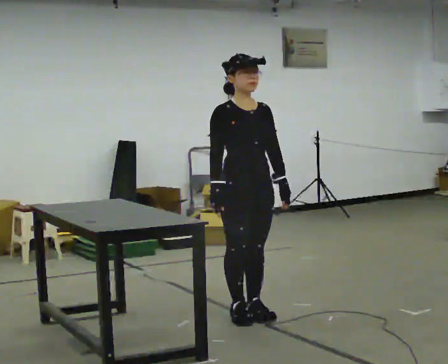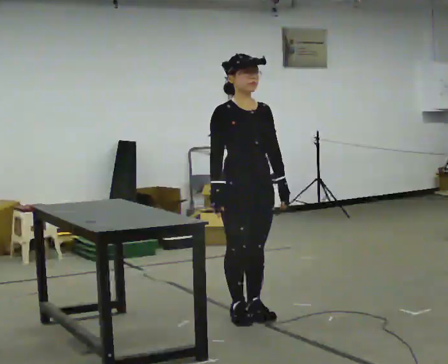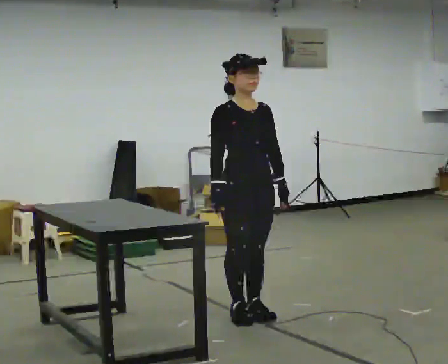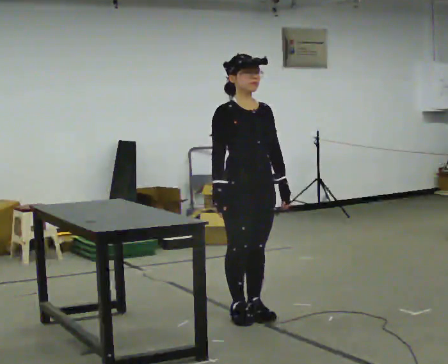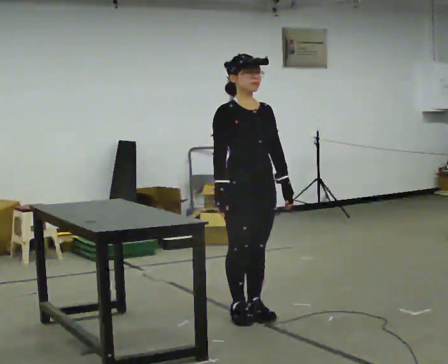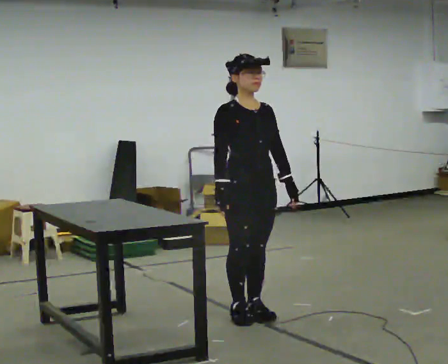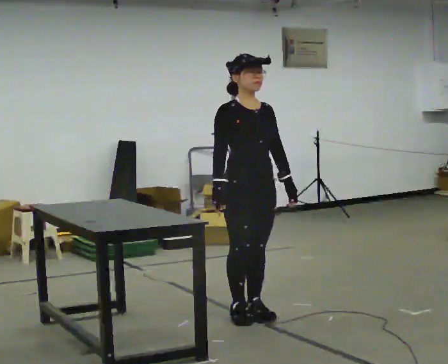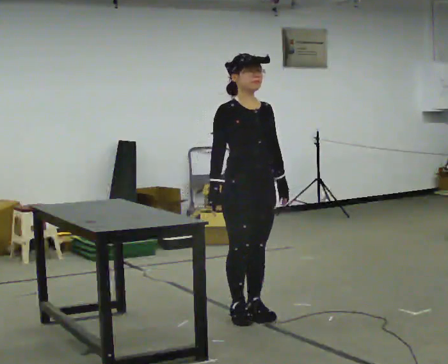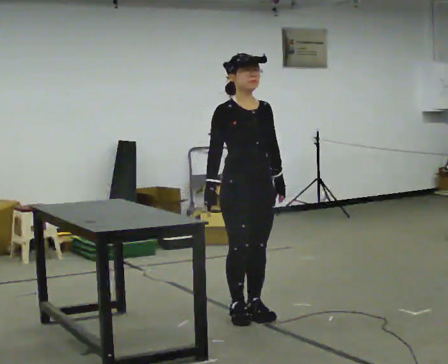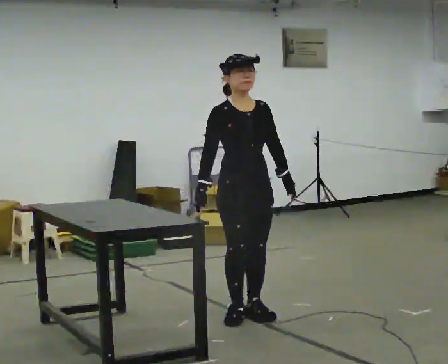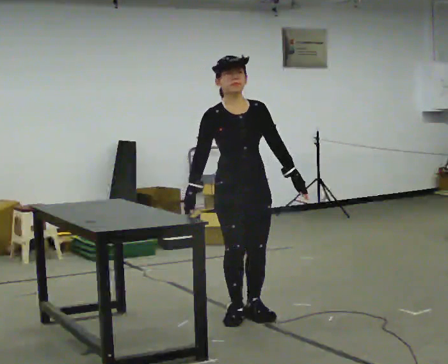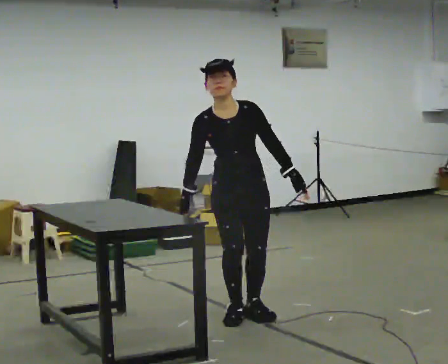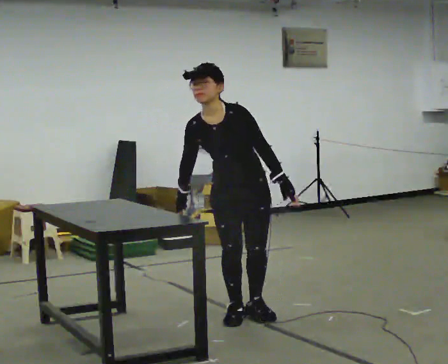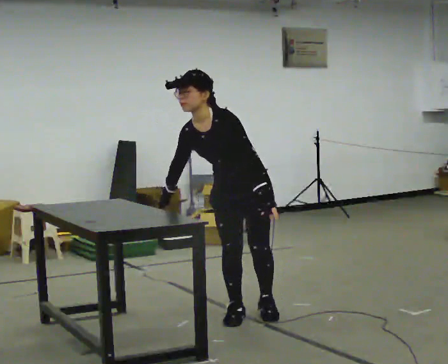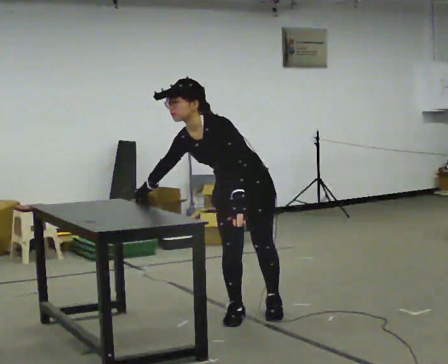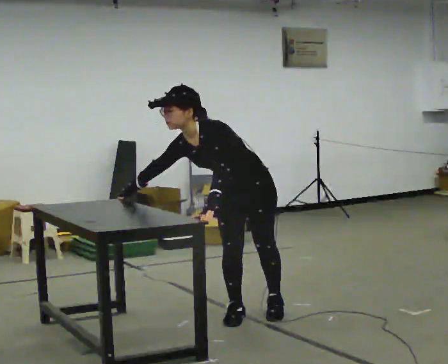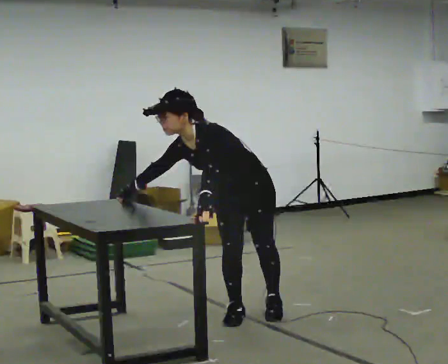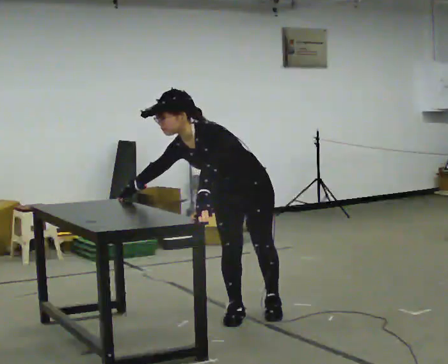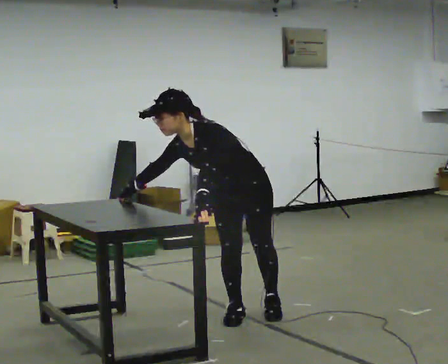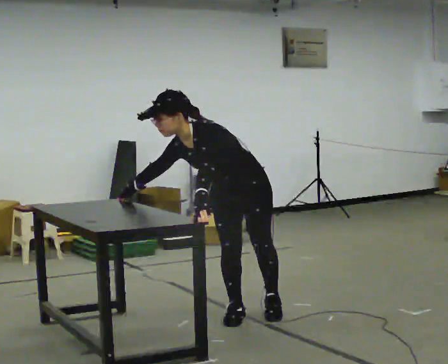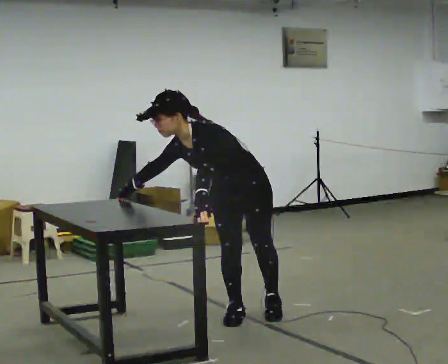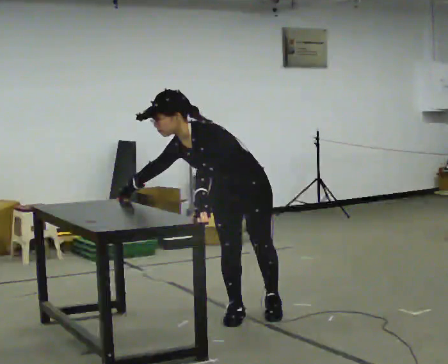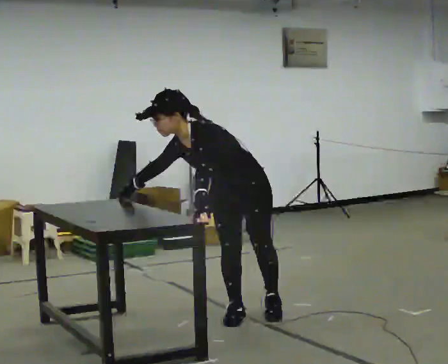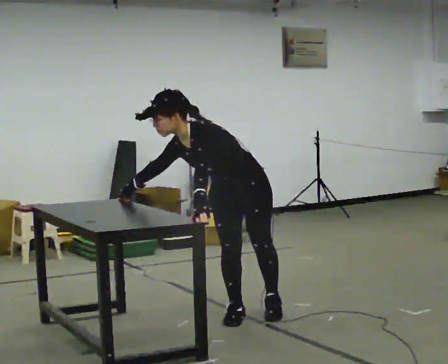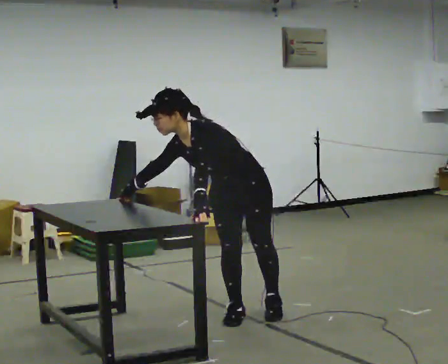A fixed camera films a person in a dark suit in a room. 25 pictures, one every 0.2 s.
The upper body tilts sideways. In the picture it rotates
counterclockwise.
The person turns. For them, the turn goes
to their right.
0.0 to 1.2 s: The person moves a little, or ends about where they began.
1.2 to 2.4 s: The part of the body nearest the lens slides to the left as the person turns to their right by about 45 degrees. The upper body tips toward the camera, its near side rolling downward, as they bend forward.
2.4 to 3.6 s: In the picture the upper body tilts counterclockwise, shoulders to the left, as they bend forward. In the picture their left hand goes to the left.
3.6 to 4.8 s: The person keeps their place and pose.
The film runs backward here.
